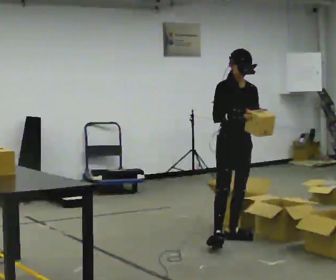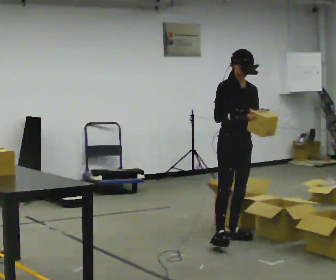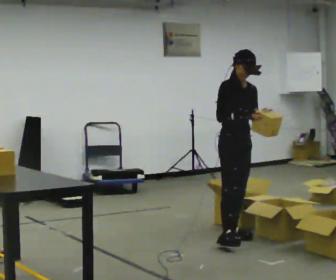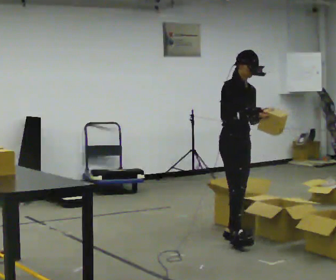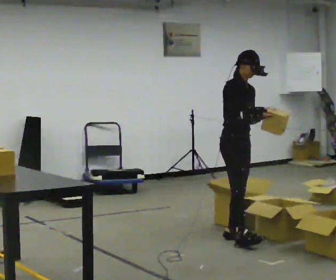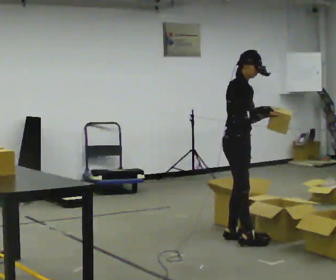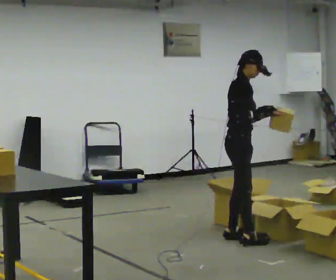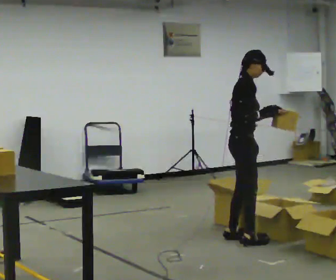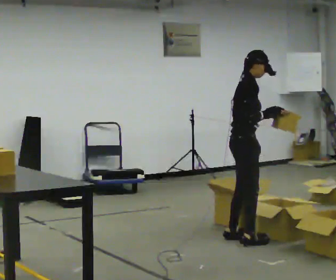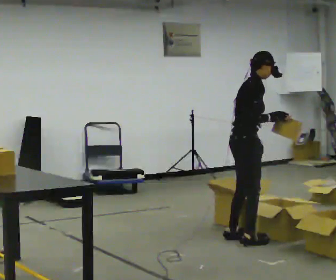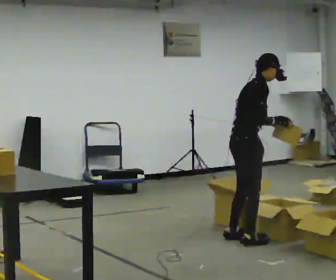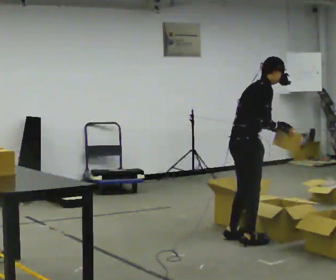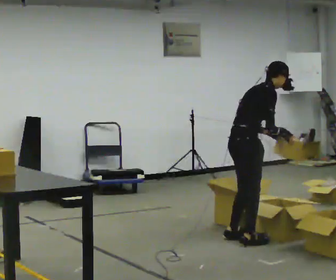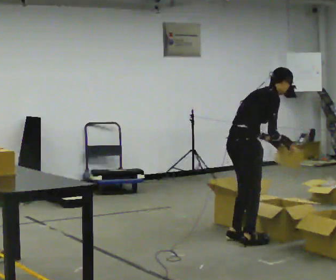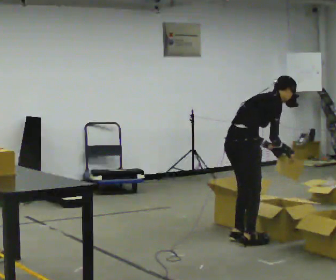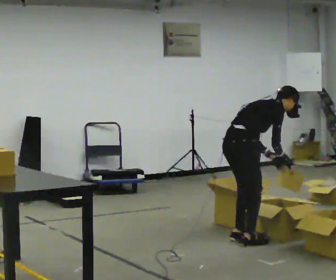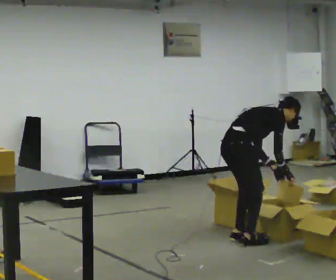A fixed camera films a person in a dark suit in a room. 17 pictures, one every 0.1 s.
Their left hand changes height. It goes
downward.
The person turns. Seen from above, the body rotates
counterclockwise.
0.0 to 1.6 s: Seen from above the body turns counterclockwise, about 90 degrees: to their left, with its near side sliding to the right. In the picture they go toward the camera, about 0.25 m in 1 step. The shoulders move downward. In the picture the upper body tilts clockwise, shoulders to the right, as they bend forward. In the picture their left hand goes downward.
The film runs backward here.
